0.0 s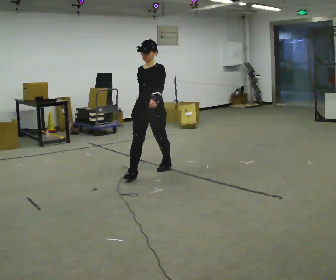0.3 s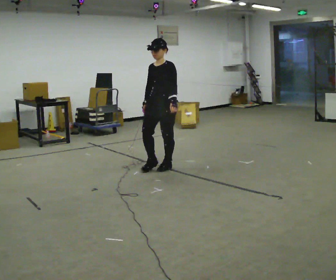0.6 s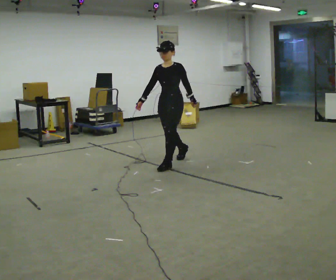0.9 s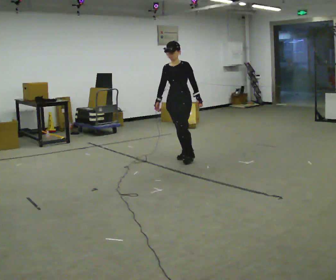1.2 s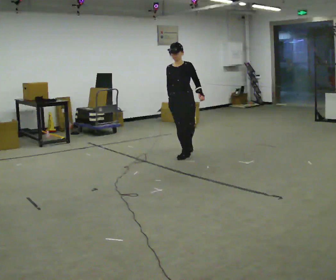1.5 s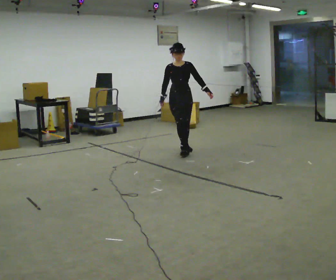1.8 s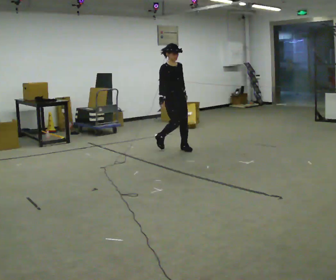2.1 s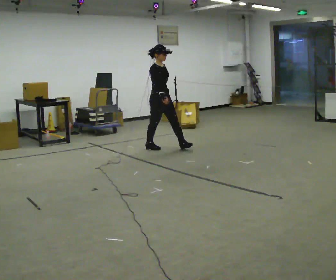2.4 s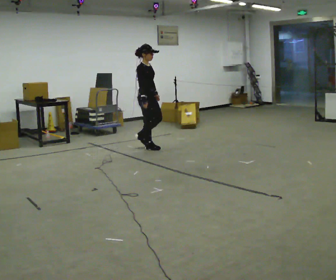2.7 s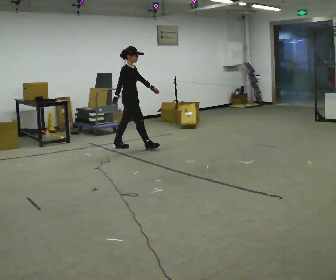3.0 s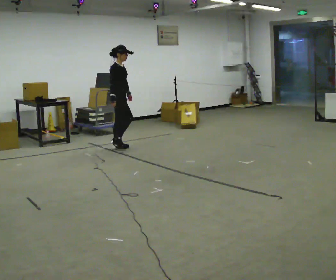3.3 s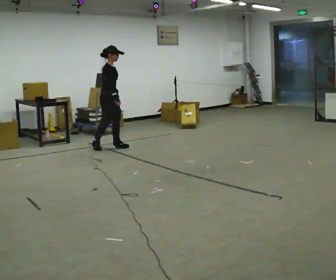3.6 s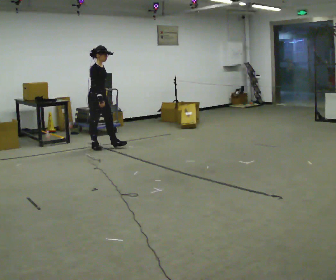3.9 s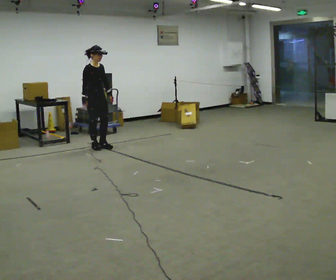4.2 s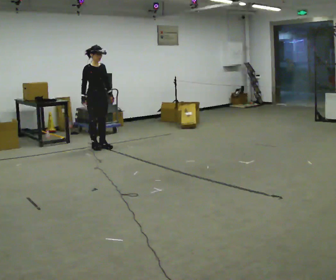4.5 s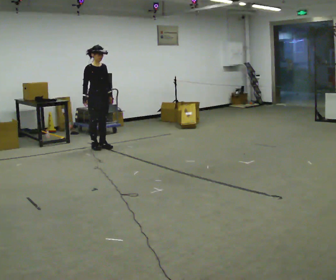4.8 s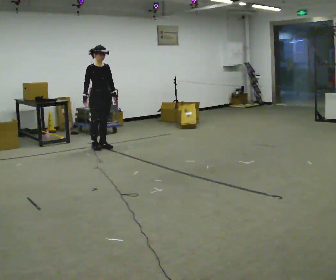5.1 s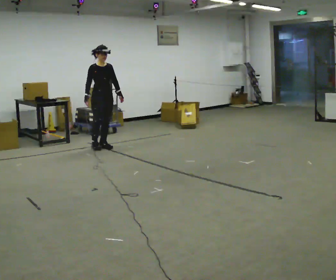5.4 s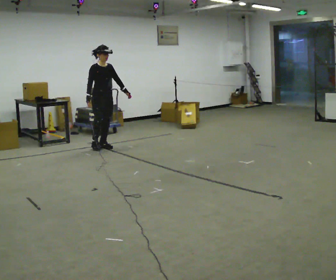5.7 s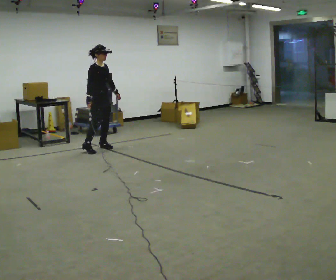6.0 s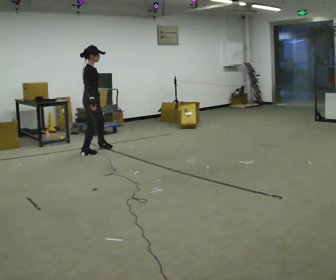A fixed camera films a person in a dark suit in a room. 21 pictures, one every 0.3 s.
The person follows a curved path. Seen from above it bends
counterclockwise.
0.0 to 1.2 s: In the picture they go away from the camera and to the right, about 1 m in 2 steps, which for them is backward.
1.2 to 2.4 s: The part of the body nearest the lens slides to the right as the person turns to their left by about 90 degrees. In the picture they go away from the camera and to the left, about 0.75 m in 2 steps.
2.4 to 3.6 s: In the picture they go to the left, about 1 m in 1 step, which for them is backward.
3.6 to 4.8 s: Seen from above the body turns clockwise, about 45 degrees: to their right, with its near side sliding to the left.
4.8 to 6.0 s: The person turns about 60 degrees to their left, counterclockwise seen from above, so the part of the body nearest the lens slides to the right. In the picture they go toward the camera, about 0.25 m in 2 steps.
The film runs backward here.
